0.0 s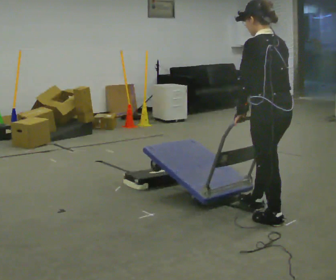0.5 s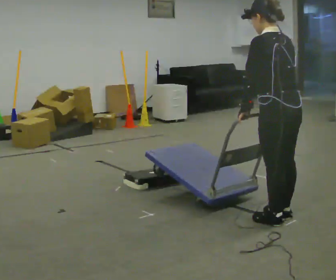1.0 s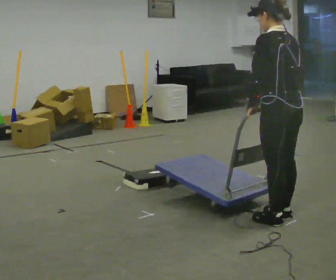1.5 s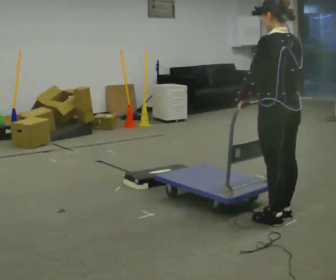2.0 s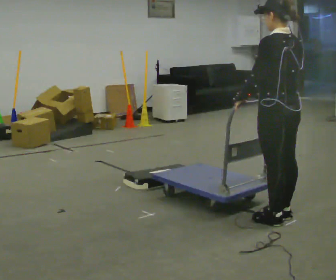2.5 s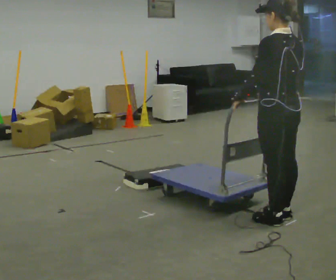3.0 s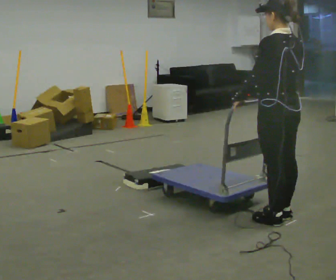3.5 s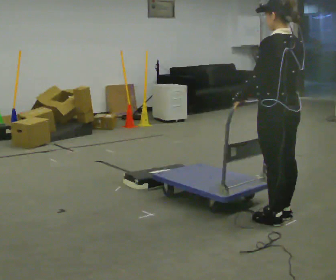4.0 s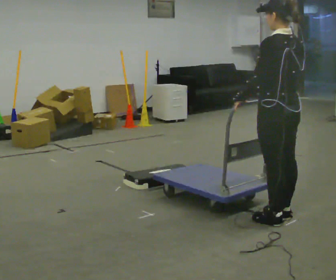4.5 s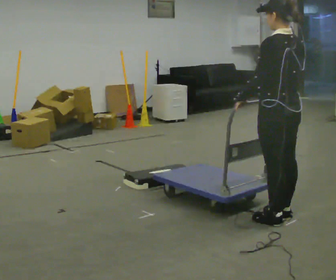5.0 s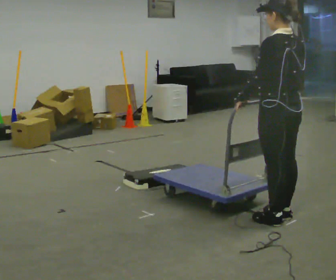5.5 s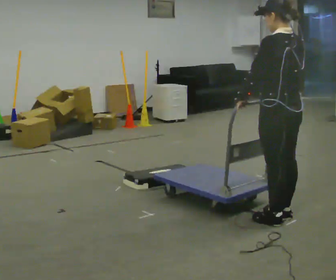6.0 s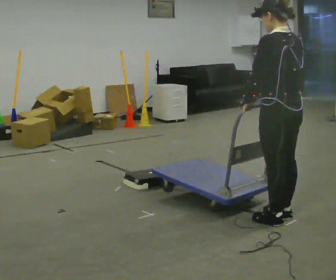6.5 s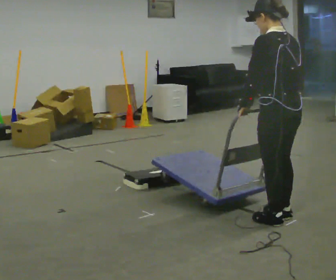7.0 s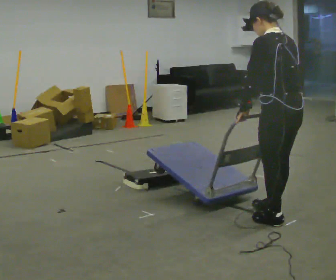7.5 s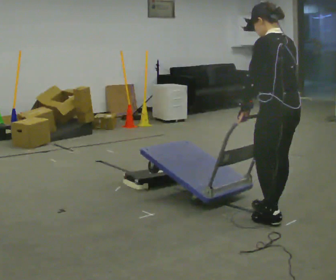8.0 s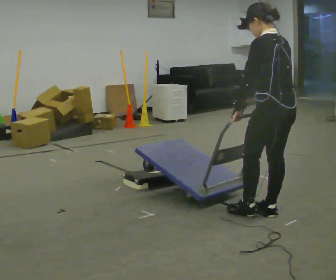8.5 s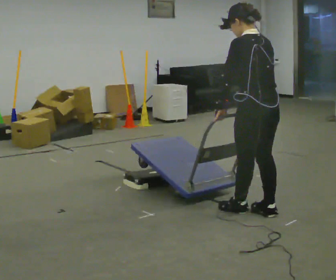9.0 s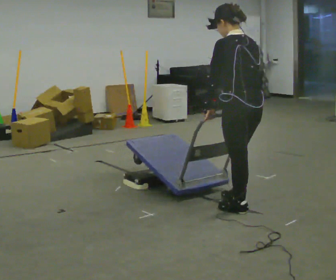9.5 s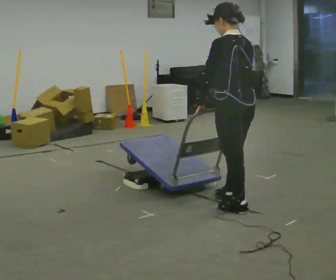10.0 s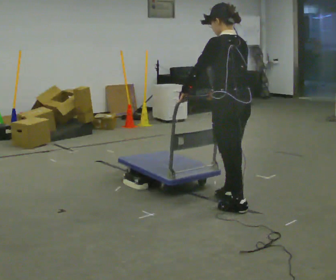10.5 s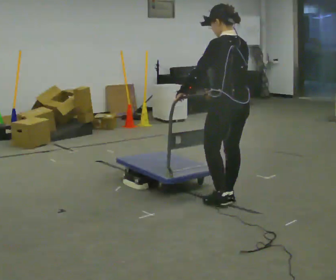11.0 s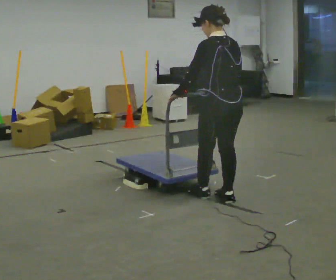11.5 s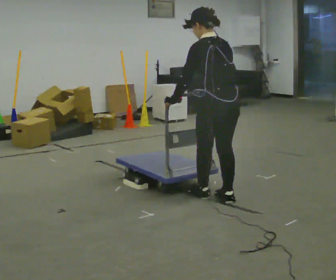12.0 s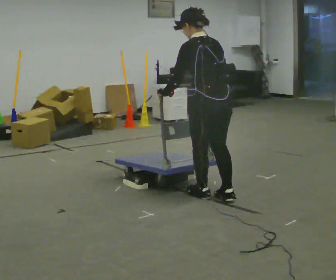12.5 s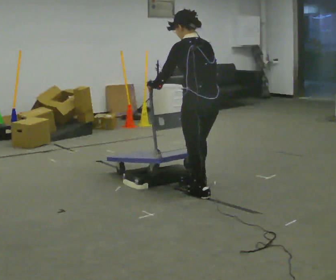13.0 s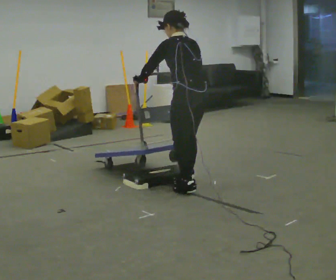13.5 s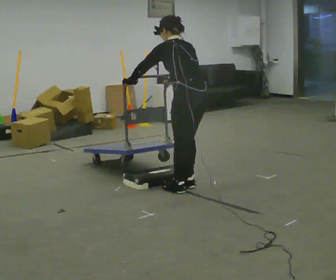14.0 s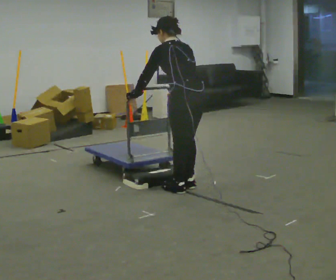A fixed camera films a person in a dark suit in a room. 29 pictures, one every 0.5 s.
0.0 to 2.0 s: The person moves a little, or ends about where they began.
2.0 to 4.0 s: The person keeps their place and pose.
4.0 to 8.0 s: The person moves a little, or ends about where they began.
8.0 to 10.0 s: In the picture they go to the left and away from the camera, about 0.5 m in 1 step, which for them is forward.
10.0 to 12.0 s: In the picture they go to the left, about 0.25 m in 1 step, which for them is forward.
12.0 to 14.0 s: In the picture they go to the left and away from the camera, about 0.25 m in 2 steps, which for them is forward. In the picture the upper body tilts counterclockwise, shoulders to the left, as they bend forward.
The film runs backward here.
